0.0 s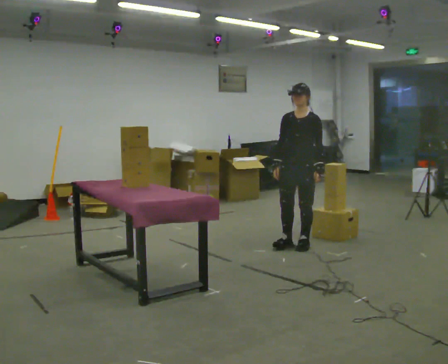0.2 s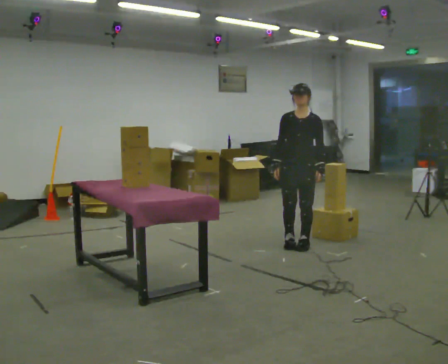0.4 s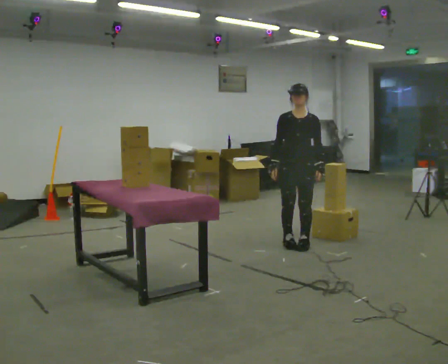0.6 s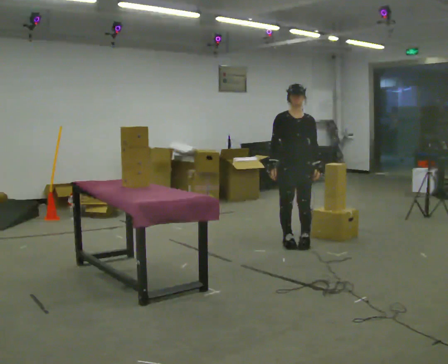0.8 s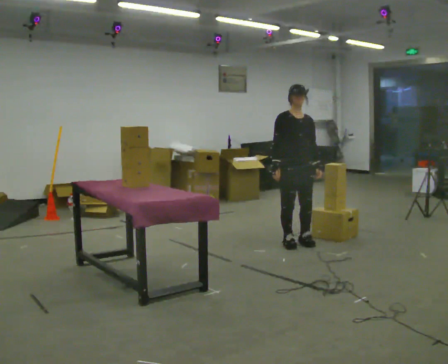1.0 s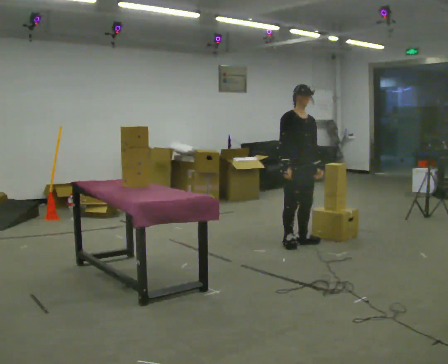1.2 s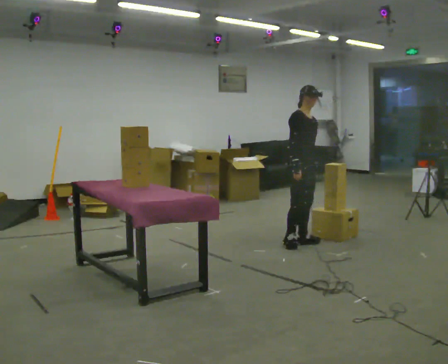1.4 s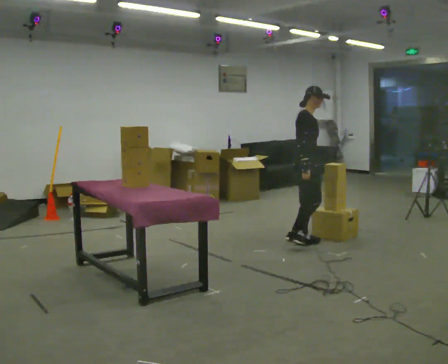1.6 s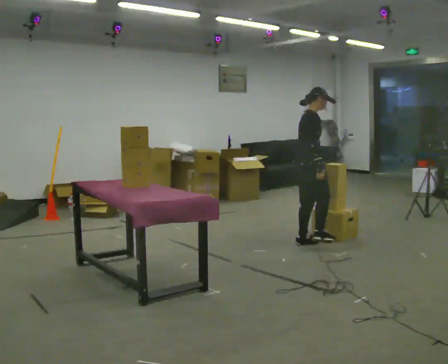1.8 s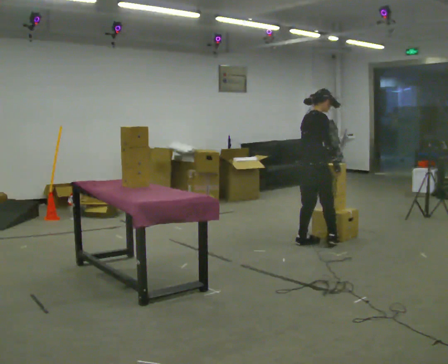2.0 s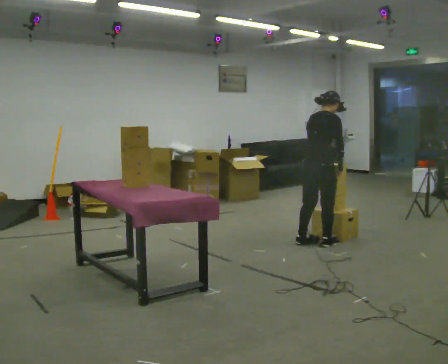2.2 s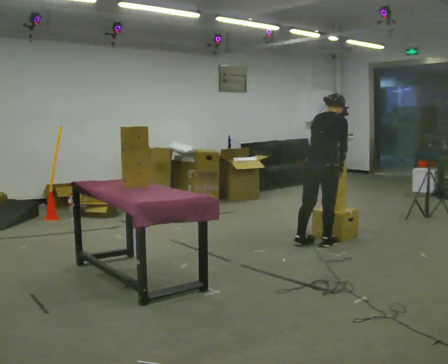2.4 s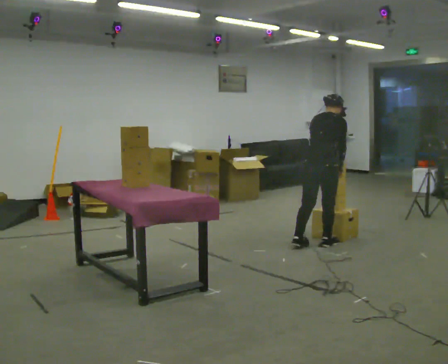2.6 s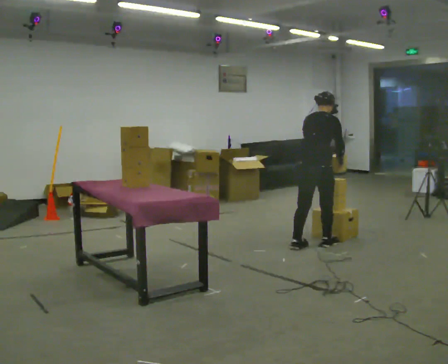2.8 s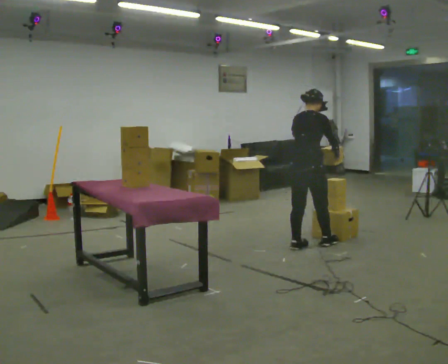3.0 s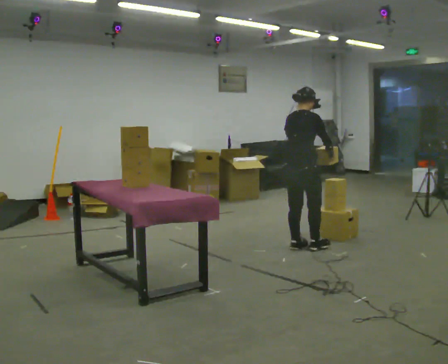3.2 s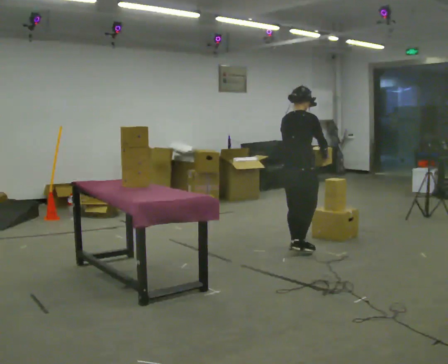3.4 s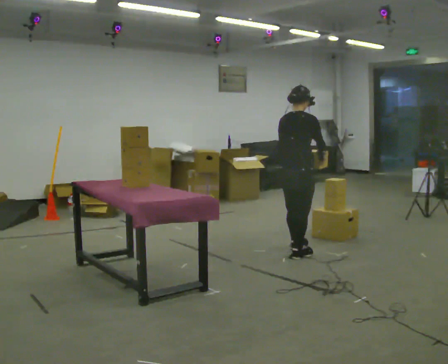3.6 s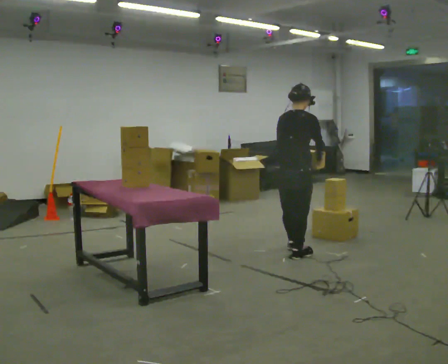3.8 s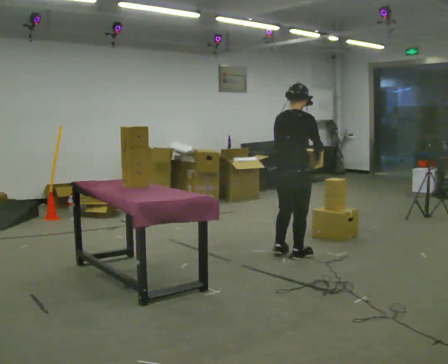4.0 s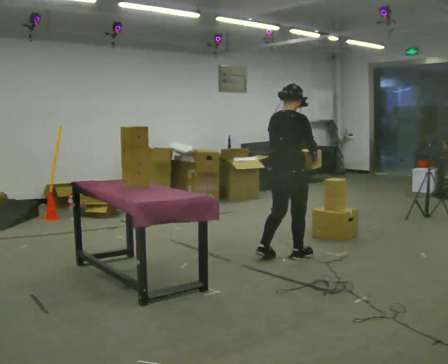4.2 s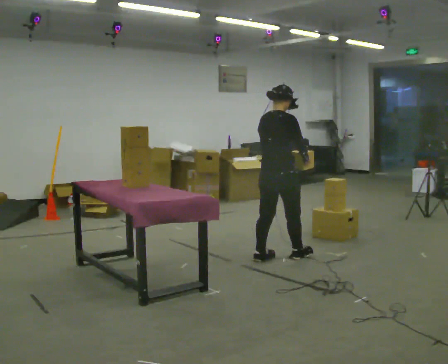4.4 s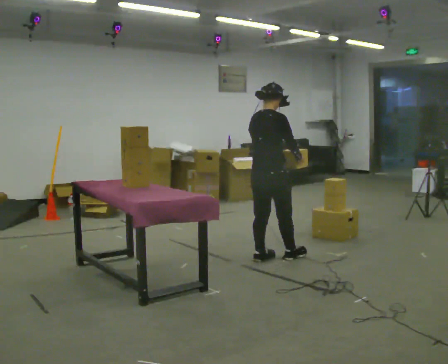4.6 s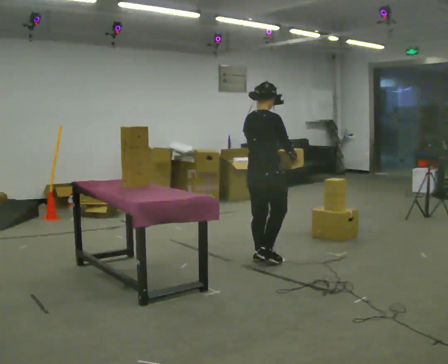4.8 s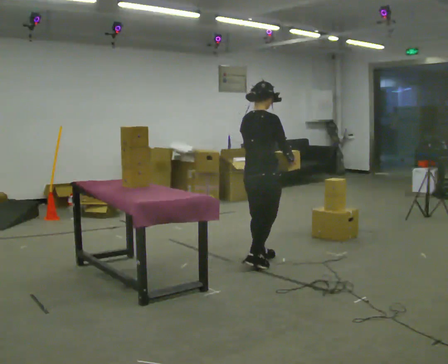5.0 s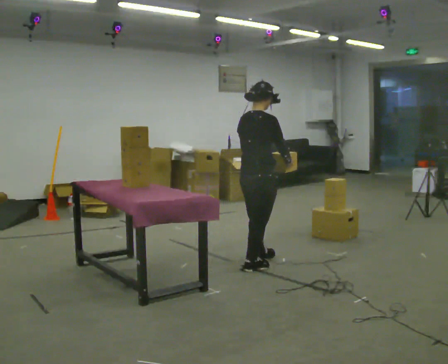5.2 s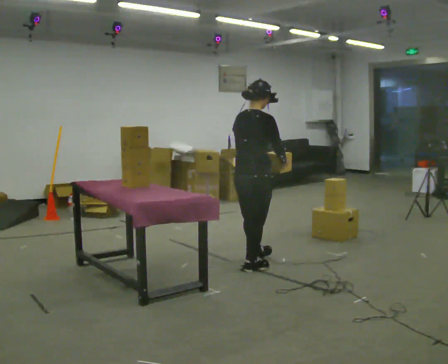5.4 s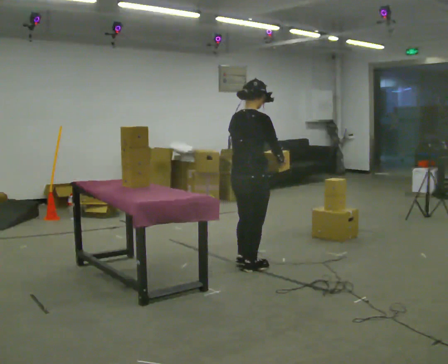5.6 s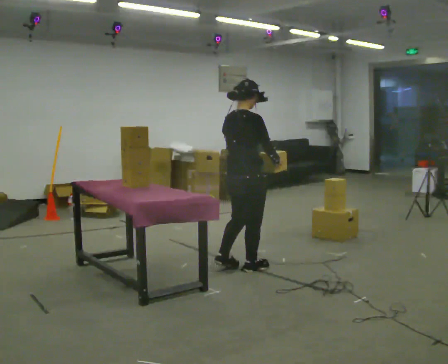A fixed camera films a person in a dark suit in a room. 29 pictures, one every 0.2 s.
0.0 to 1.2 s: The person turns about 75 degrees to their left, counterclockwise seen from above, so the part of the body nearest the lens slides to the right.
1.2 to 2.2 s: The person turns about 90 degrees to their left, counterclockwise seen from above, so the part of the body nearest the lens slides to the right. In the picture they go to the right, about 0.25 m in 2 steps. In the picture their right hand goes to the right.
2.2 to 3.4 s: In the picture they go to the left and toward the camera, about 0.25 m in 1 step, which for them is backward. In the picture the upper body tilts counterclockwise, shoulders to the left, as they lean back or straighten.
3.4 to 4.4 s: In the picture they go to the left and toward the camera, about 0.5 m in 2 steps, which for them is backward.
4.4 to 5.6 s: In the picture they go toward the camera and to the left, about 0.25 m in 1 step, which for them is backward.
The film runs backward here.
